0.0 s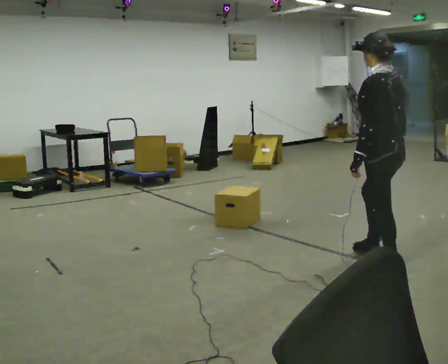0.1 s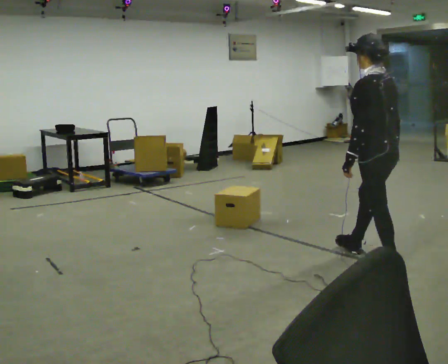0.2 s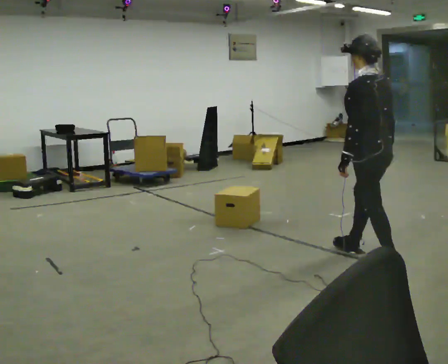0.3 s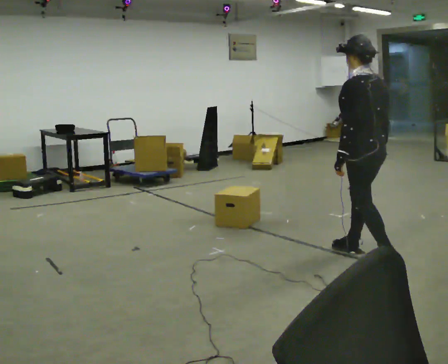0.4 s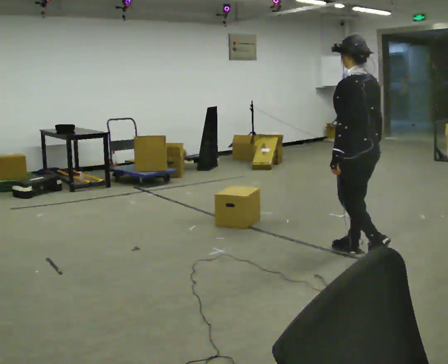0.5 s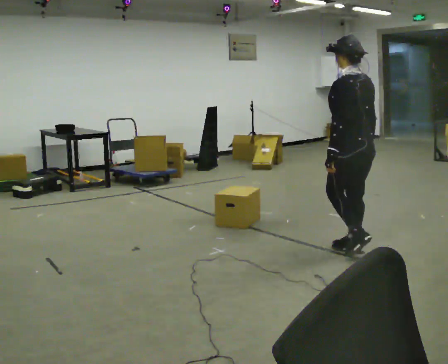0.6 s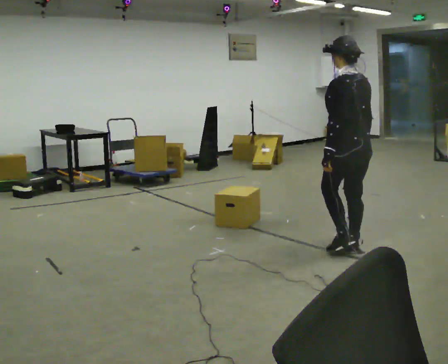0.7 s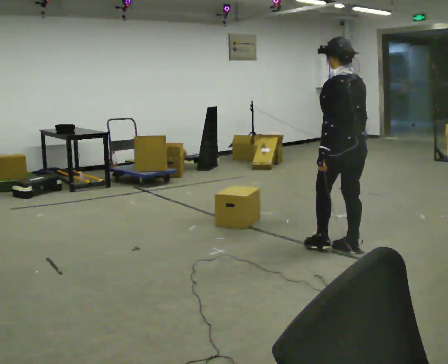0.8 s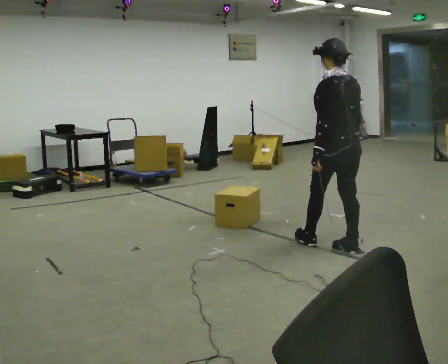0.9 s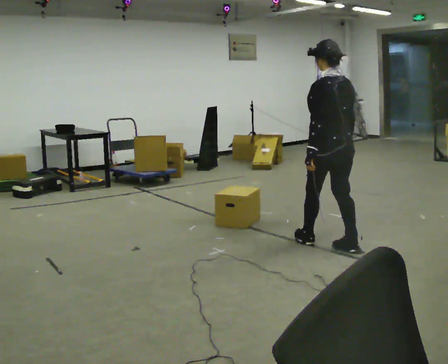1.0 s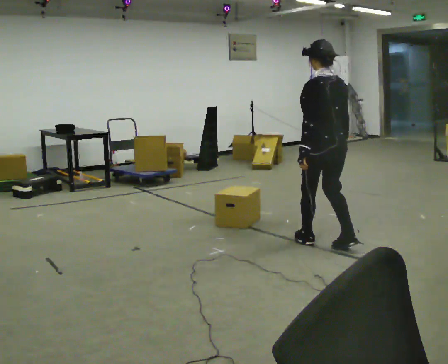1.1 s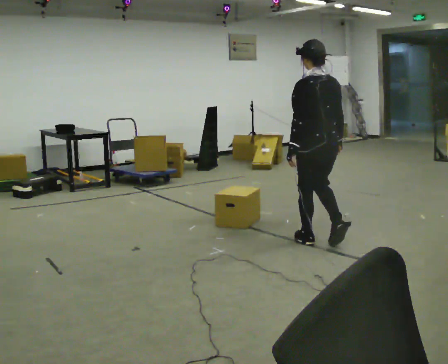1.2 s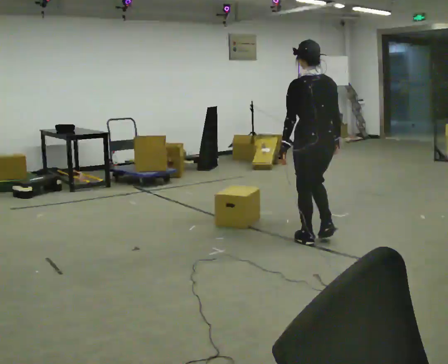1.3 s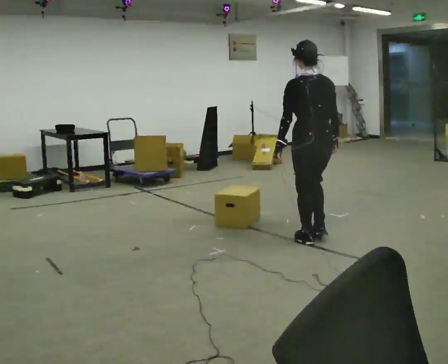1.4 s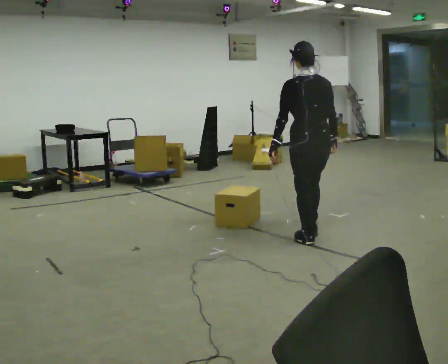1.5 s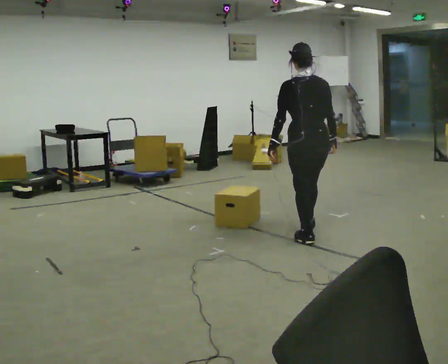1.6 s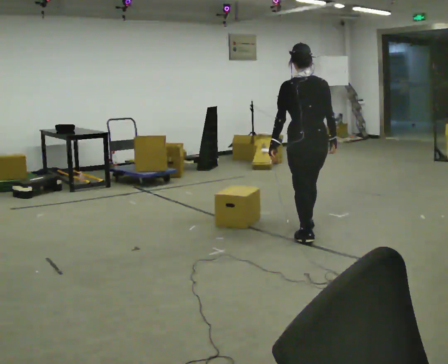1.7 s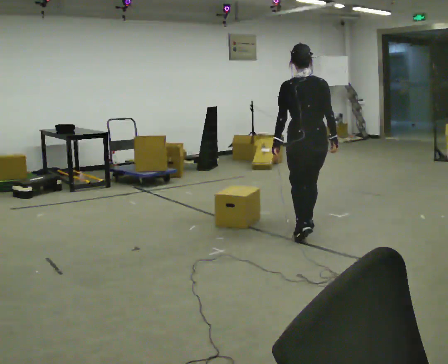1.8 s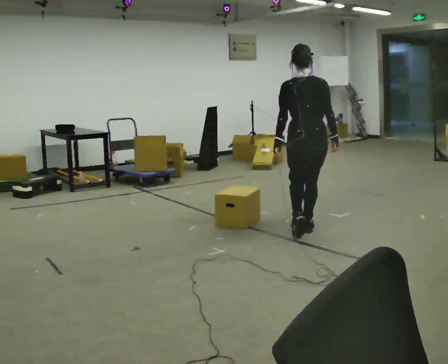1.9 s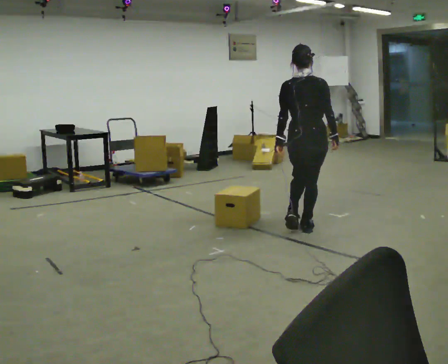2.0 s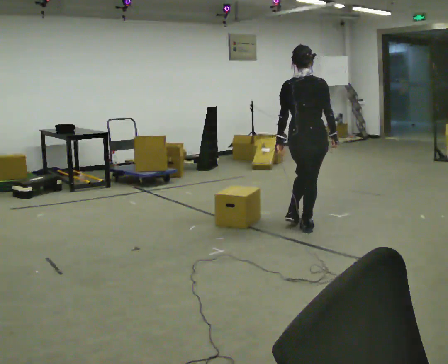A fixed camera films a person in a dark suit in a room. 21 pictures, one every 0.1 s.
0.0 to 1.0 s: In the picture they go away from the camera and to the left, about 0.5 m in 2 steps, which for them is forward.
1.0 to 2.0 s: The person turns about 60 degrees to their right, clockwise seen from above, so the part of the body nearest the lens slides to the left. In the picture they go away from the camera, about 0.5 m in 1 step, which for them is forward.
The film runs forward here.
